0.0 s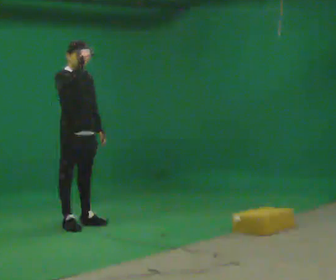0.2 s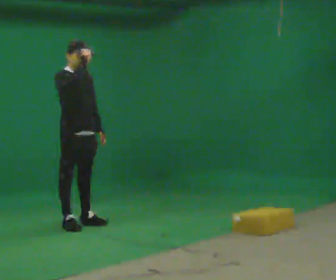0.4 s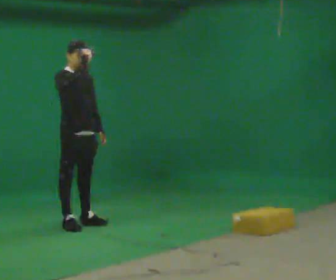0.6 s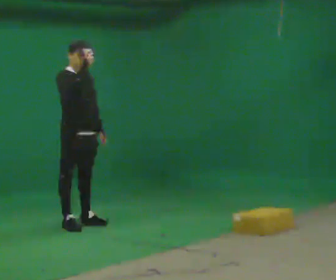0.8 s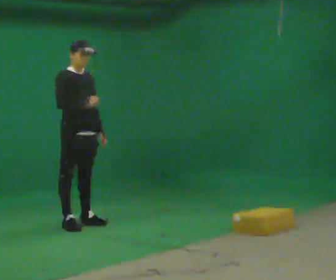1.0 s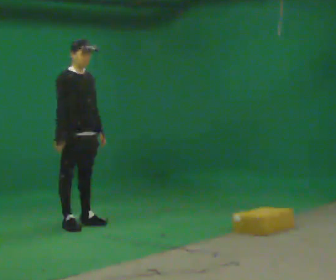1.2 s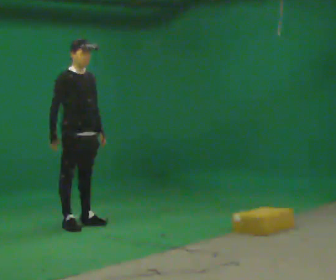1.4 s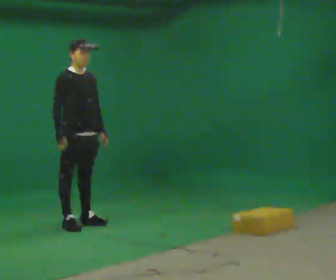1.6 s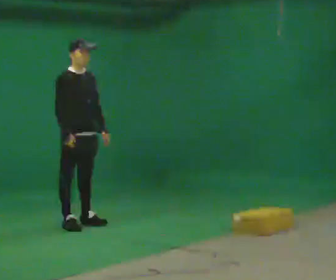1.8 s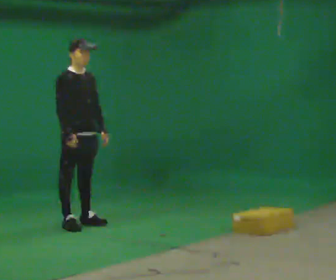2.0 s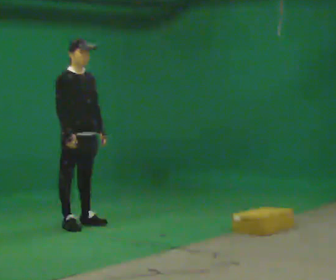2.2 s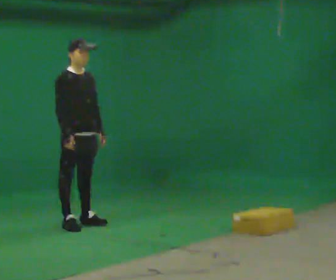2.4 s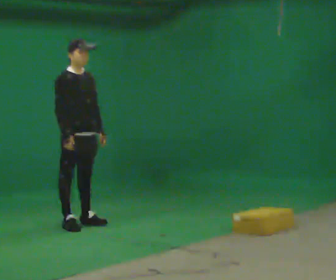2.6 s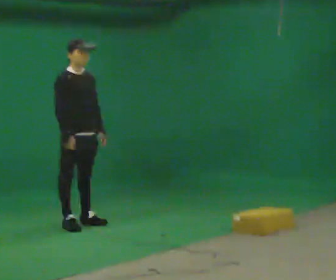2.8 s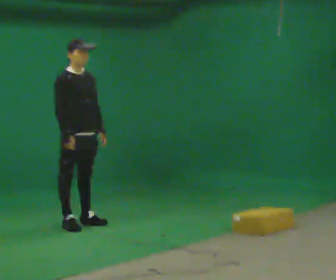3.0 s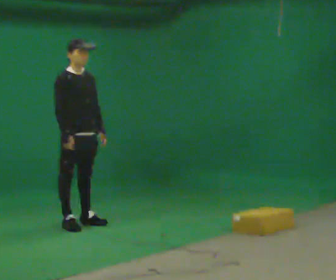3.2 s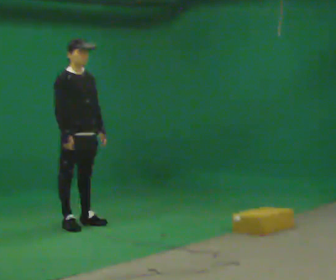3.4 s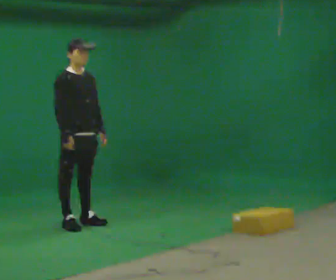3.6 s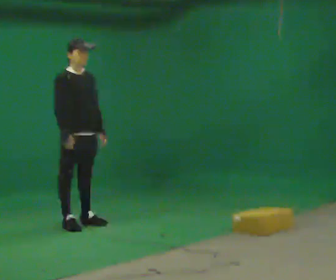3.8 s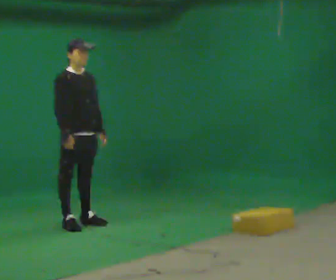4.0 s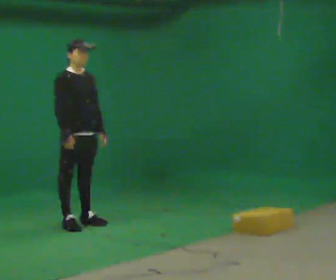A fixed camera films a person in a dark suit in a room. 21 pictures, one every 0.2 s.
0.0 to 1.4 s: In the picture their right hand goes downward.
1.4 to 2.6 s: The person moves a little, or ends about where they began.
2.6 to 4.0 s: The person keeps their place and pose.
The film runs forward here.
